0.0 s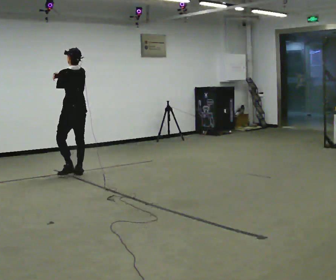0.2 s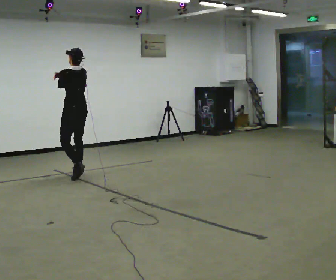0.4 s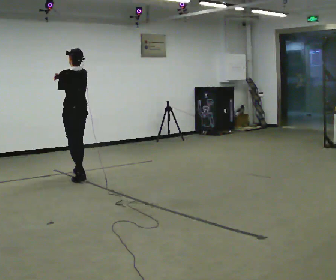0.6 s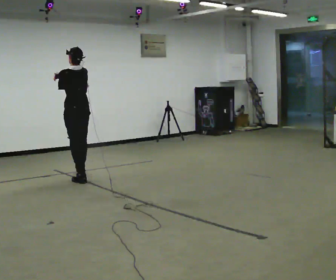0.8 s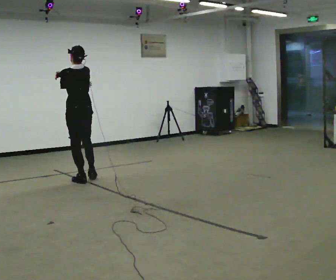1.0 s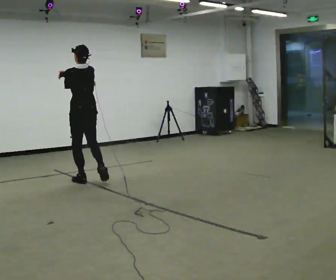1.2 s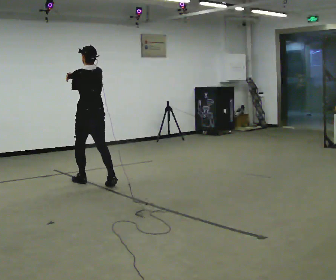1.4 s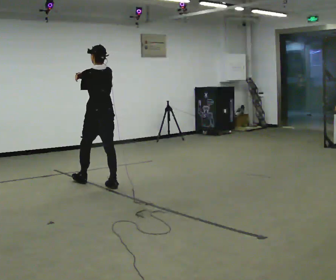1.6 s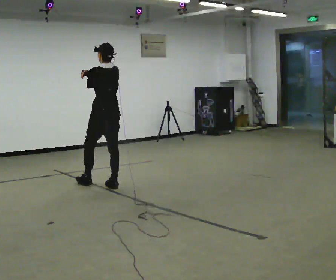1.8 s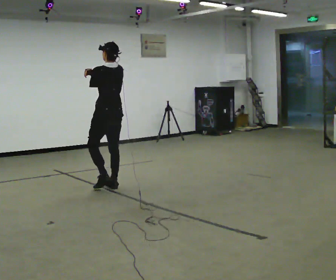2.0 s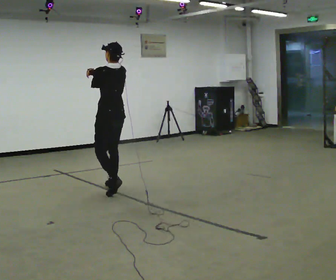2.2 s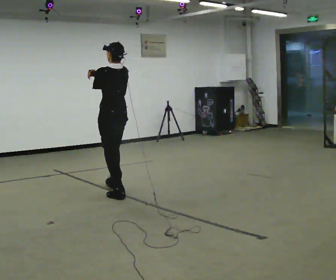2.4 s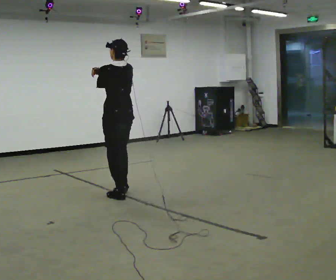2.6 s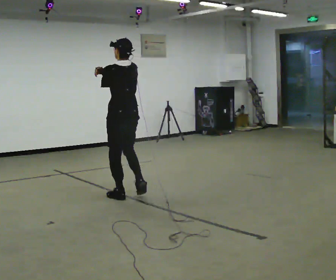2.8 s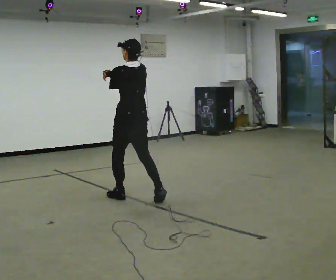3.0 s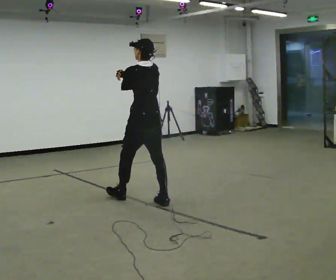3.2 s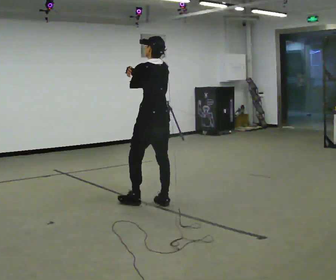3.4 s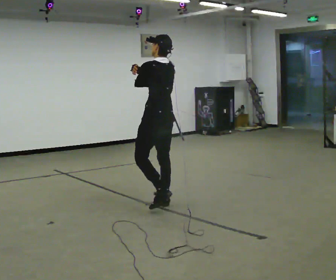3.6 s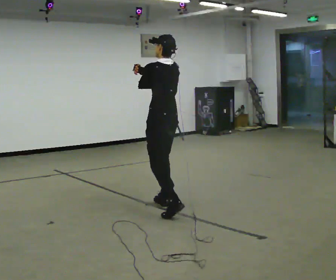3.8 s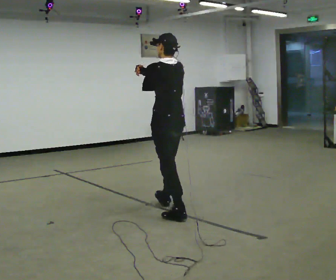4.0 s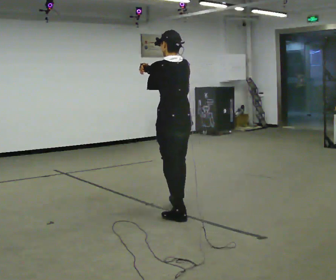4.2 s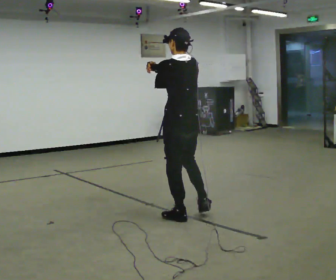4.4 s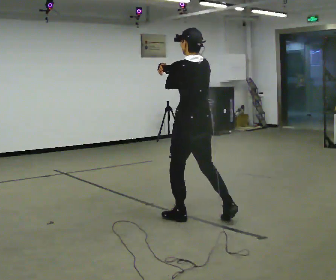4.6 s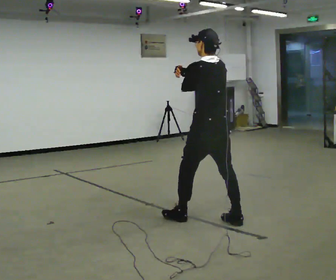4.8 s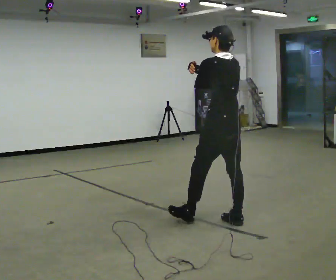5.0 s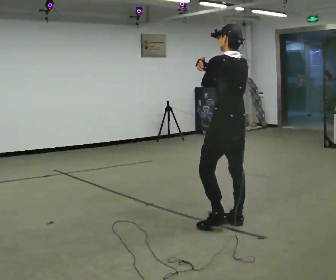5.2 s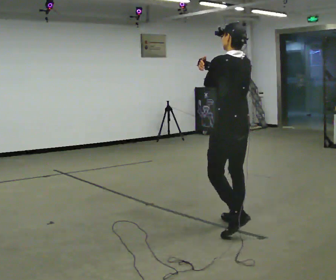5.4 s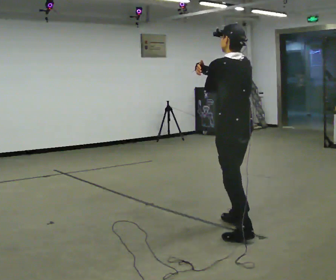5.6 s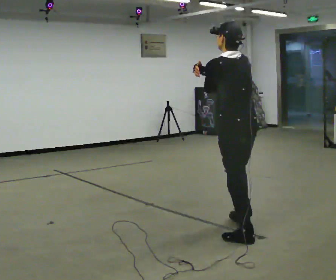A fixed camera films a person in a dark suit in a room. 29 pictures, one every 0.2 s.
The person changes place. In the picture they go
toward the camera.
0.0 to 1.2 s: In the picture they go toward the camera and to the right, about 0.5 m in 1 step, which for them is backward.
1.2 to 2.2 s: In the picture they go toward the camera and to the right, about 0.5 m in 1 step, which for them is backward.
2.2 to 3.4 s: In the picture they go toward the camera and to the right, about 0.5 m in 2 steps, which for them is backward.
3.4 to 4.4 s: In the picture they go toward the camera and to the right, about 0.5 m in 1 step, which for them is backward.
4.4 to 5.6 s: In the picture they go toward the camera and to the right, about 0.5 m in 2 steps, which for them is backward.
The film runs backward here.
